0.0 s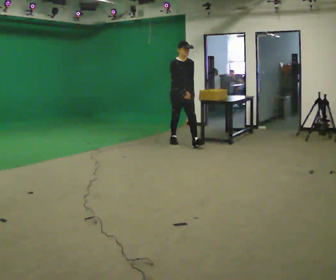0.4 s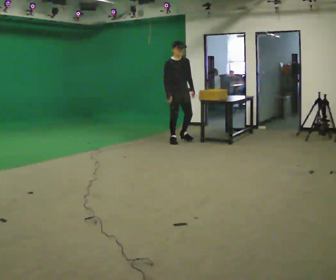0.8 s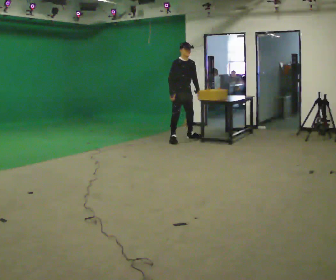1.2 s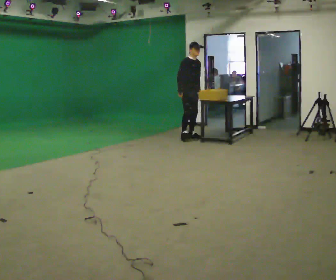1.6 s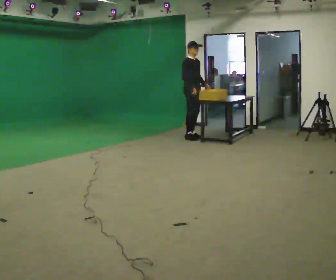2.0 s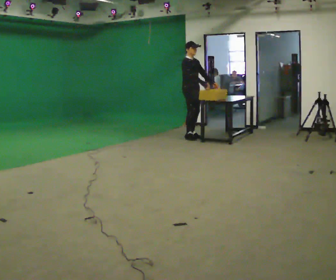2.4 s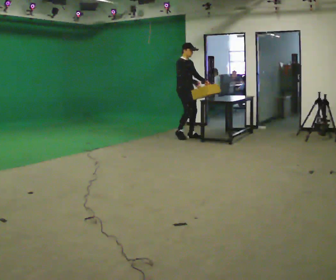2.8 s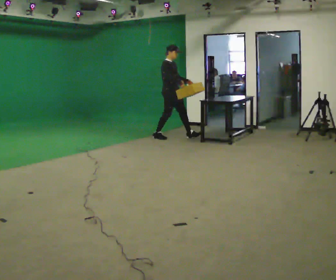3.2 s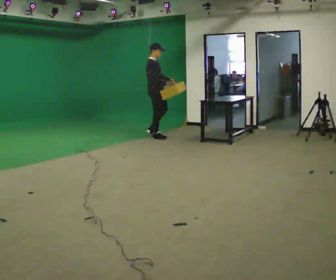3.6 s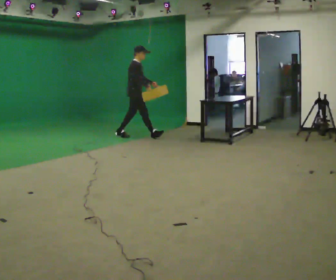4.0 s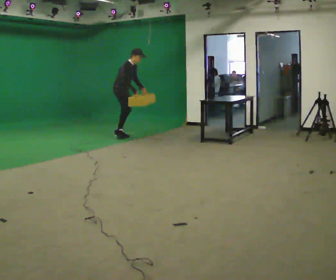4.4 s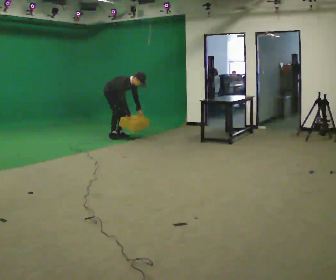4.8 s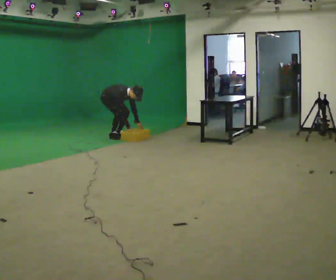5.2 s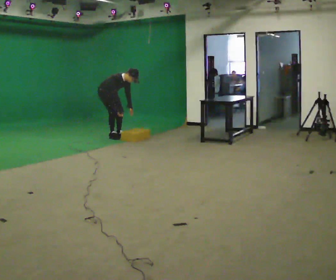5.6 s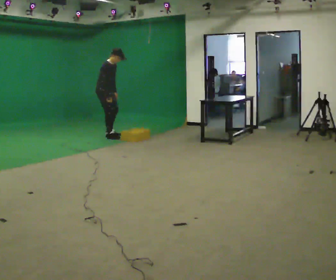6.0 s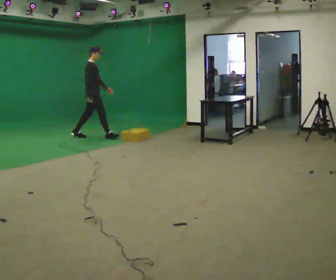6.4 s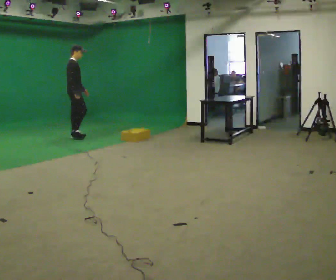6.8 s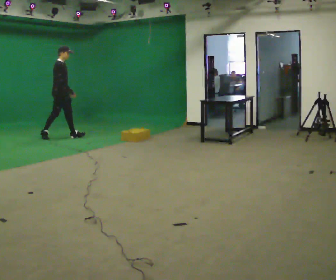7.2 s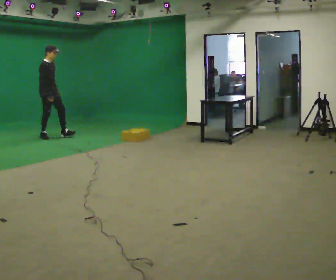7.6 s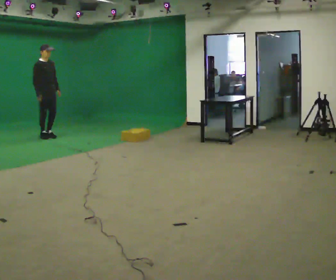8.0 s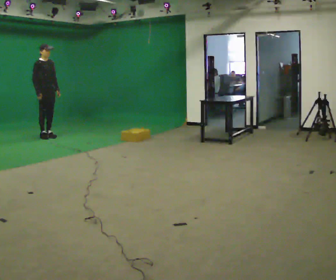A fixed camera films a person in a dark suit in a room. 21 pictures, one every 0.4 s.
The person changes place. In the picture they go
to the left.
0.0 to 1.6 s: The part of the body nearest the lens slides to the right as the person turns to their left by about 30 degrees. In the picture they go away from the camera, about 0.5 m in 1 step, which for them is to their left and backward.
1.6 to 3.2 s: The part of the body nearest the lens slides to the right as the person turns to their left by about 30 degrees. In the picture they go to the left, about 0.75 m in 2 steps, which for them is backward and to their right.
3.2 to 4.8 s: In the picture they go to the left, about 1 m in 1 step, which for them is backward. The upper body goes downward. In the picture the upper body tilts clockwise, shoulders to the right, as they bend forward. In the picture their right hand goes downward.
4.8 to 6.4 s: The part of the body nearest the lens slides to the right as the person turns to their left by about 45 degrees. In the picture they go to the left, about 0.75 m in 2 steps, which for them is backward and to their right. The shoulders move upward. In the picture the upper body tilts counterclockwise, shoulders to the left, as they lean back or straighten. In the picture their left hand goes upward.
6.4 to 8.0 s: The person turns about 45 degrees to their right, clockwise seen from above, so the part of the body nearest the lens slides to the left. In the picture they go to the left, about 0.5 m in 1 step, which for them is backward and to their right.
The film runs backward here.
